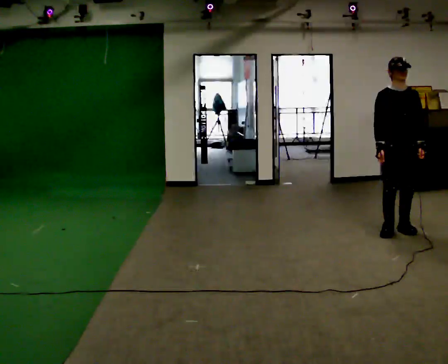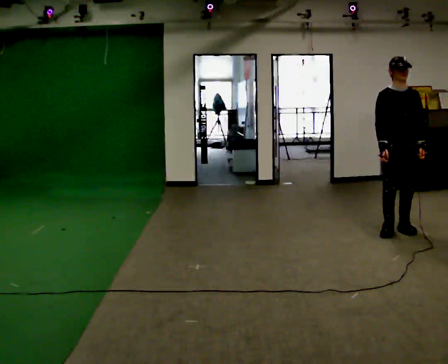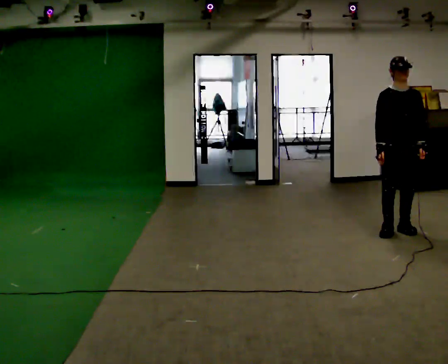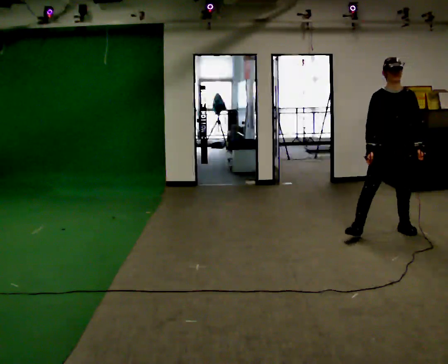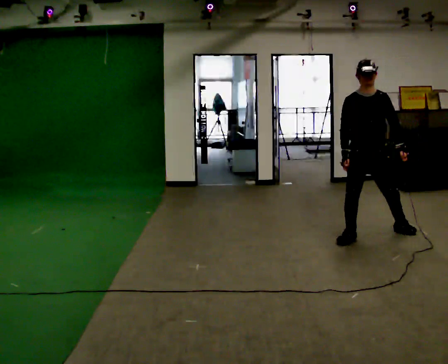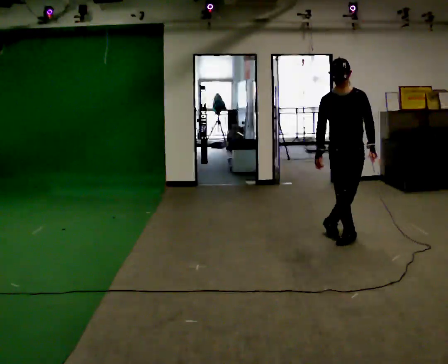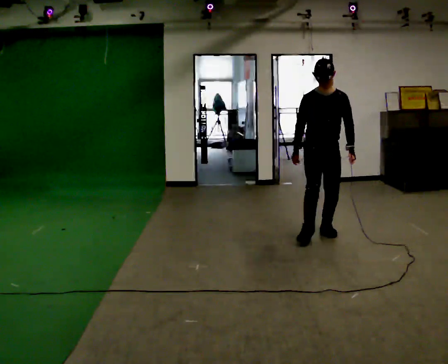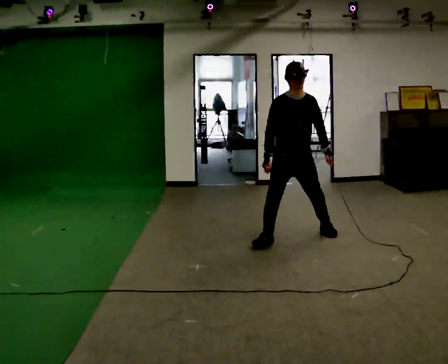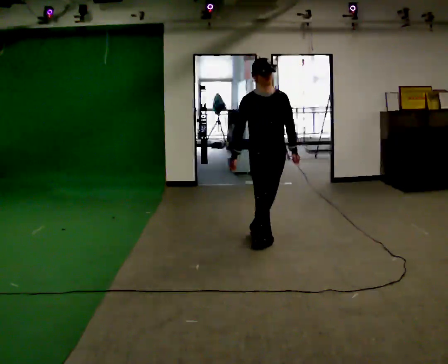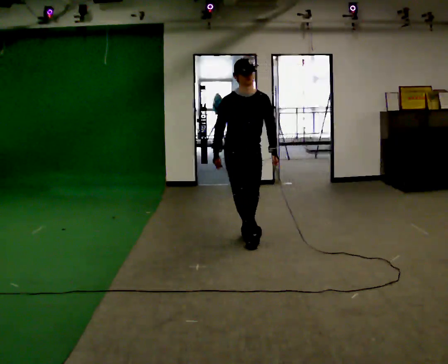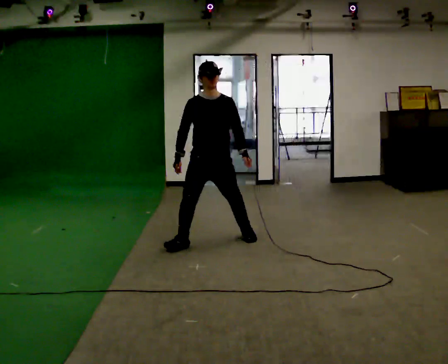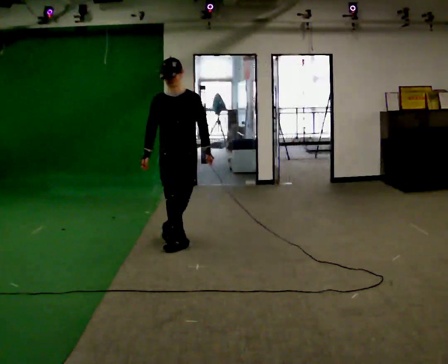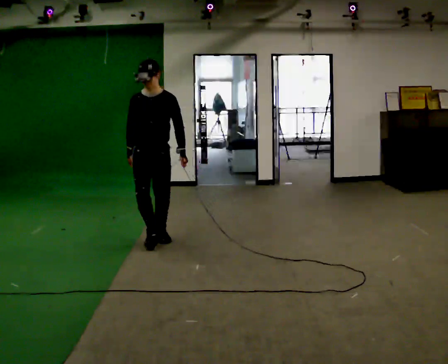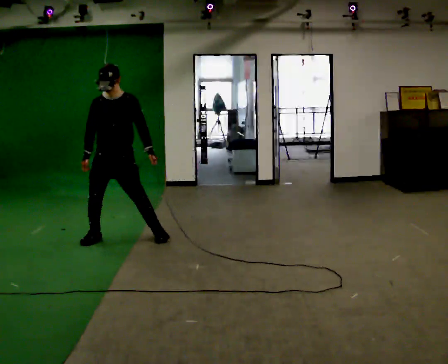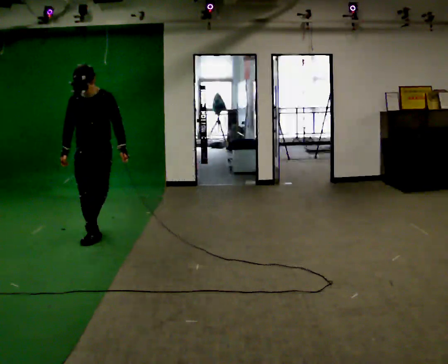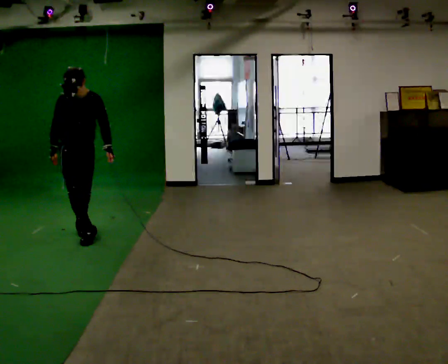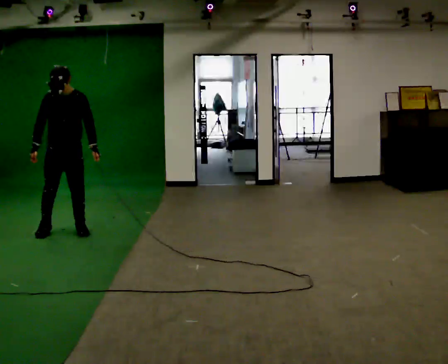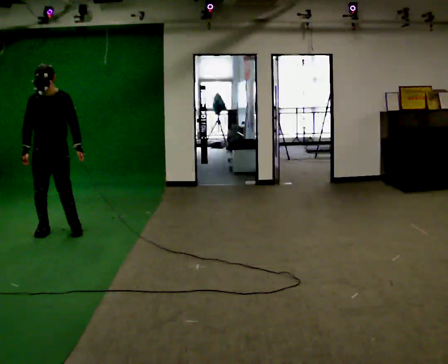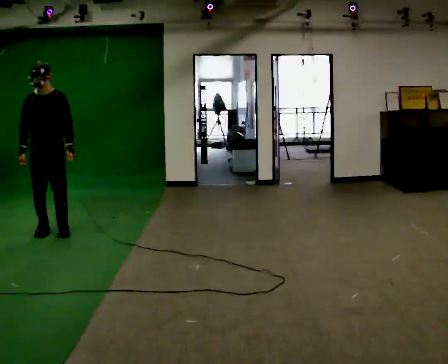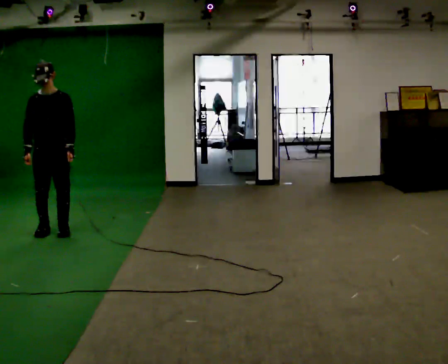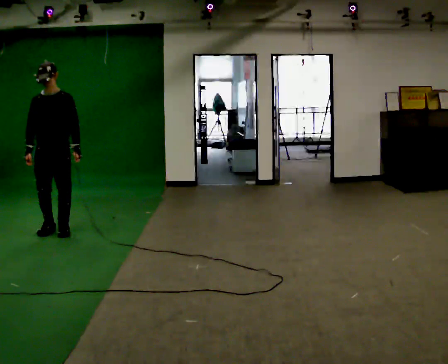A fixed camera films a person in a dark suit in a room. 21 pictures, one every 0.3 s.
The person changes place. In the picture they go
to the left.
0.0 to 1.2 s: In the picture they go to the left, about 0.25 m in 1 step, which for them is to their right.
1.2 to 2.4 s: In the picture they go to the left, about 1 m in 2 steps, which for them is to their right.
2.4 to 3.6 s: In the picture they go to the left, about 1 m in 3 steps, which for them is to their right.
3.6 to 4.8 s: In the picture they go to the left, about 1 m in 2 steps, which for them is to their right and backward.
4.8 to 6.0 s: The person moves a little, or ends about where they began.
The film runs forward here.
